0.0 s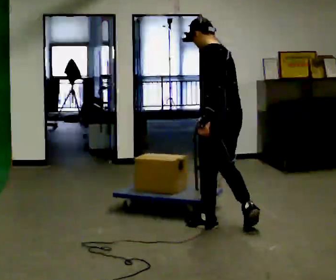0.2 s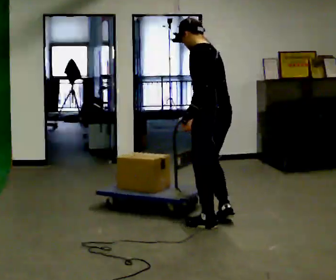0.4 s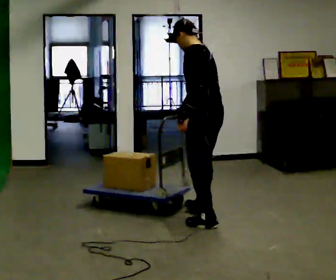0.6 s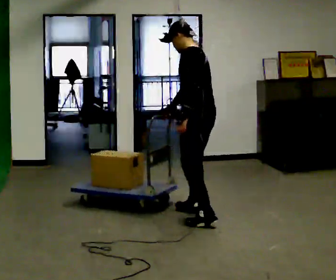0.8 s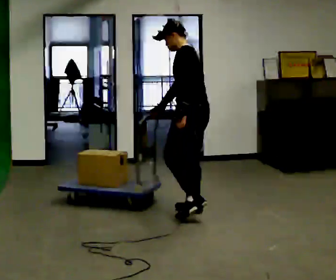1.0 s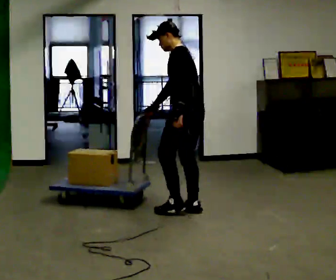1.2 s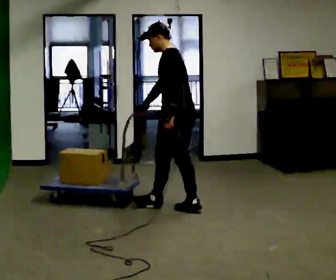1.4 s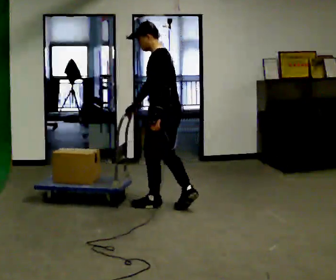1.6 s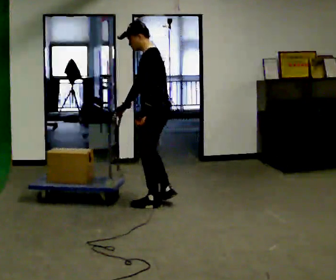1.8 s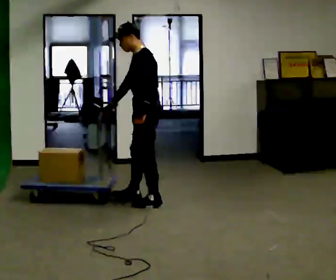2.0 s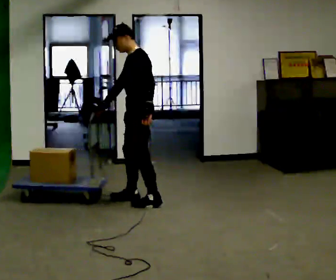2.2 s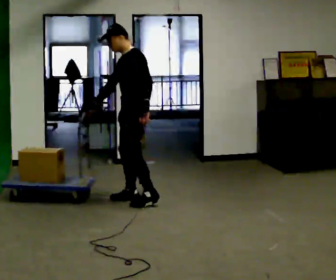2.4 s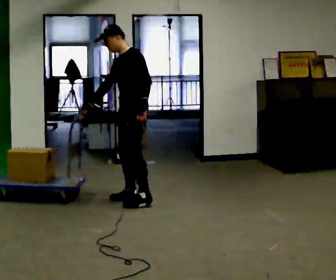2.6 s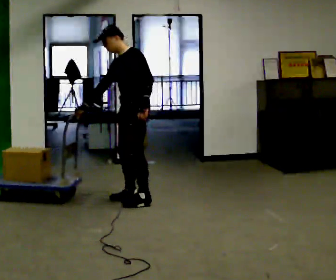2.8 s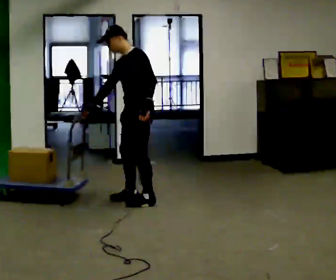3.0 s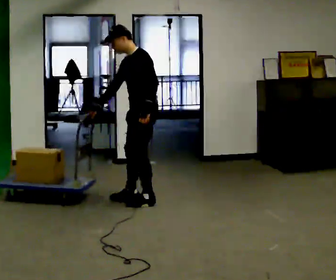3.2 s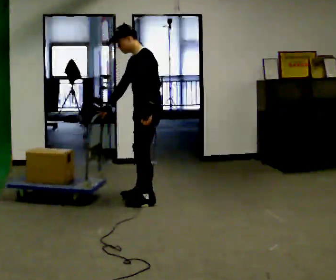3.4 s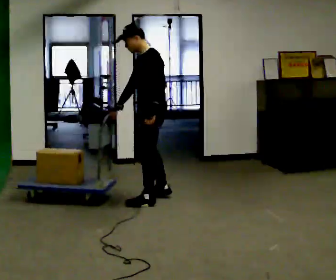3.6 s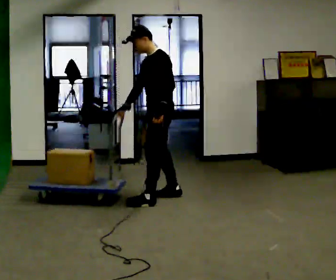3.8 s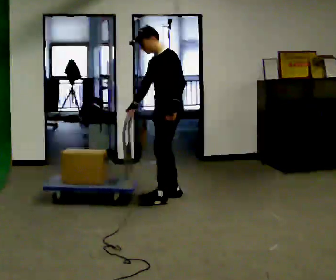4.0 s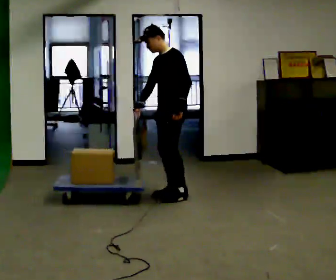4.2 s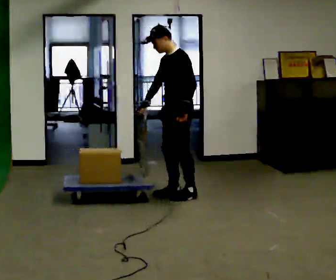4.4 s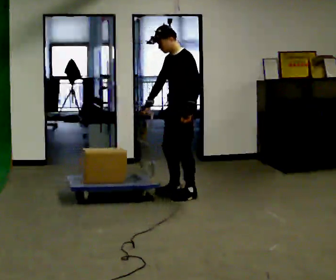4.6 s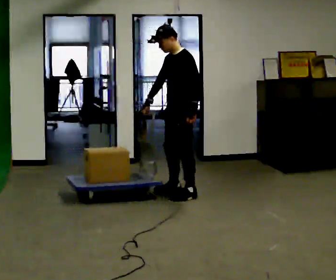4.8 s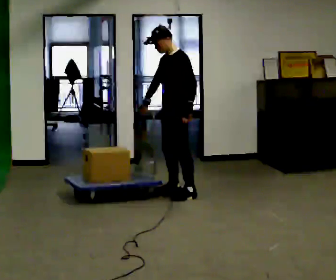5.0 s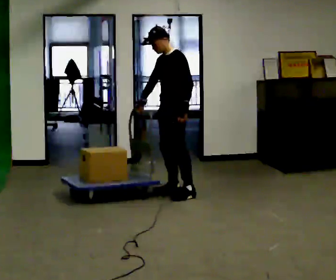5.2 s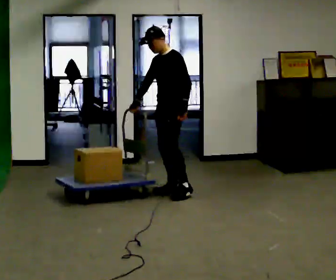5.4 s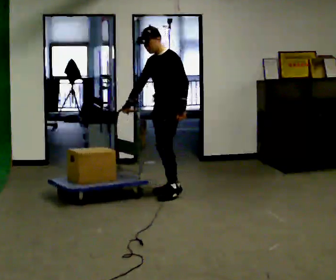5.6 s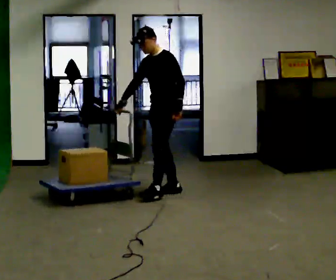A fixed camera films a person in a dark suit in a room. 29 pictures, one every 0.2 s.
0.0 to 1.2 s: In the picture they go away from the camera and to the left, about 0.5 m in 1 step, which for them is forward and to their right.
1.2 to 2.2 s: The part of the body nearest the lens slides to the right as the person turns to their left by about 45 degrees. In the picture they go to the left and away from the camera, about 0.5 m in 2 steps, which for them is forward and to their right.
2.2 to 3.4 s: In the picture they go to the right, about 0.25 m, which for them is backward.
3.4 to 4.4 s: In the picture they go to the right and away from the camera, about 0.25 m in 2 steps, which for them is backward.
4.4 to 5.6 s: In the picture they go to the left, about 0.25 m in 1 step, which for them is to their right.
The film runs forward here.
